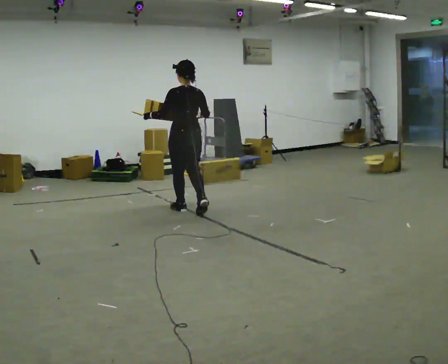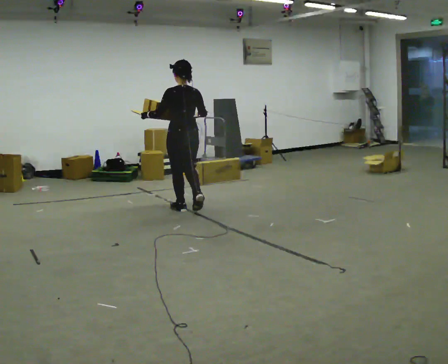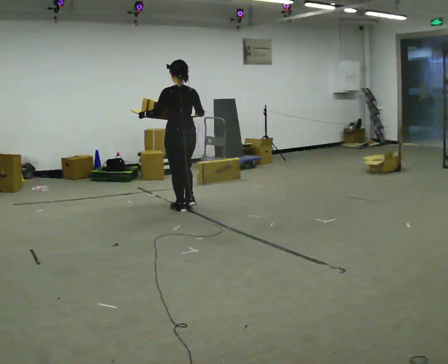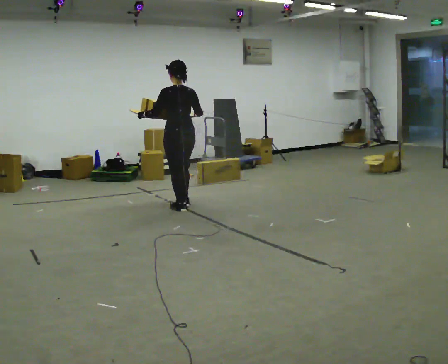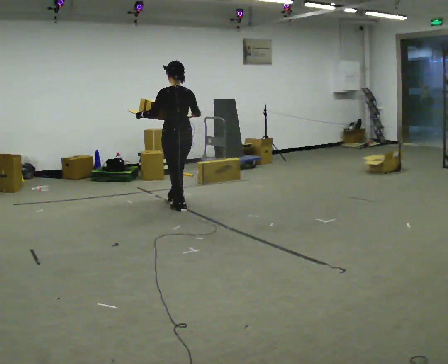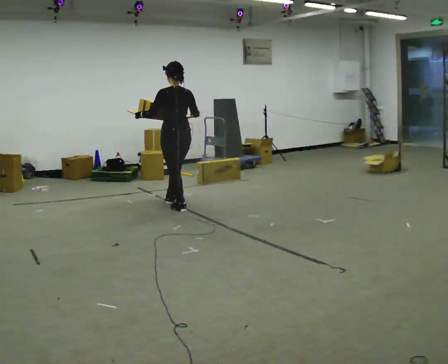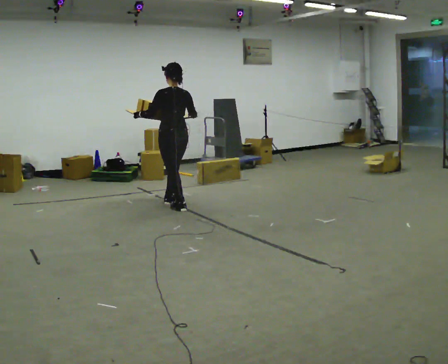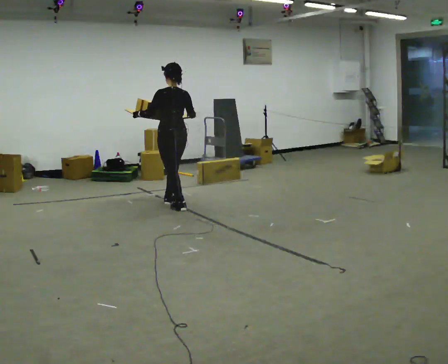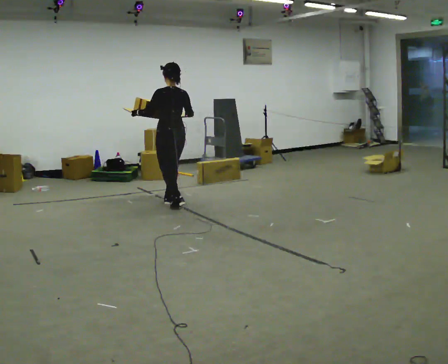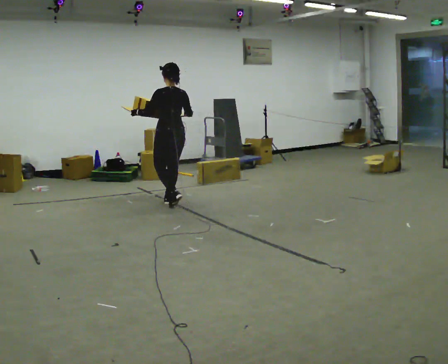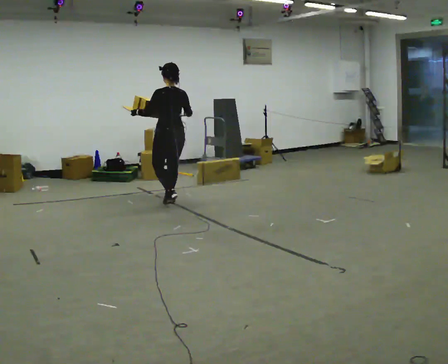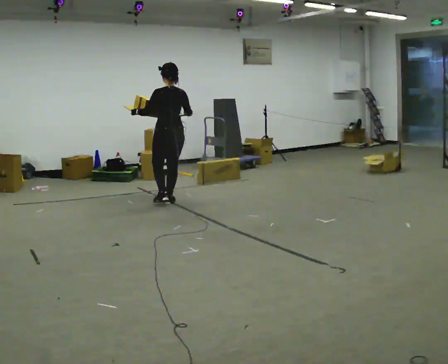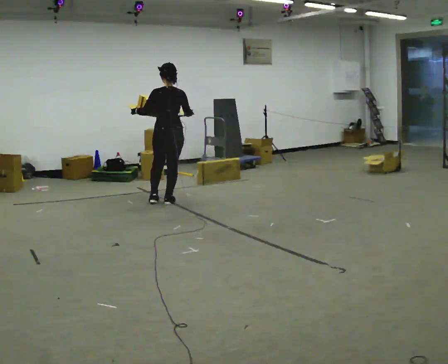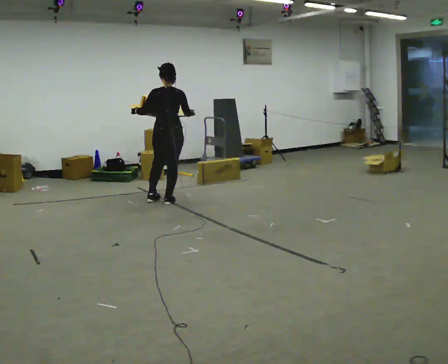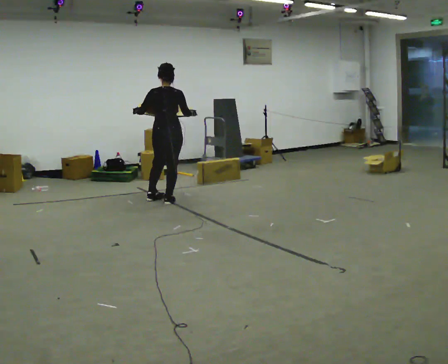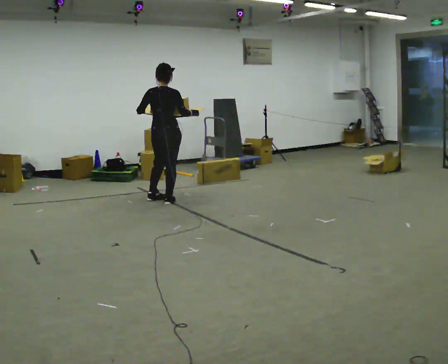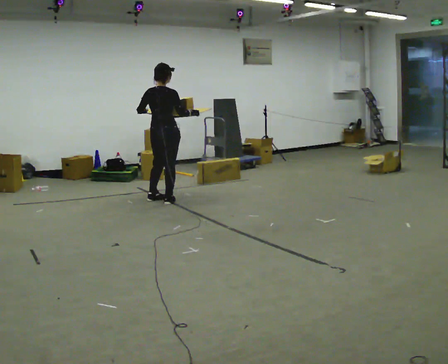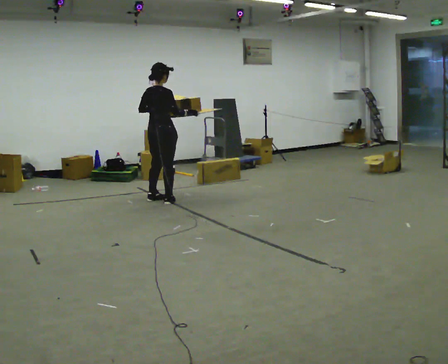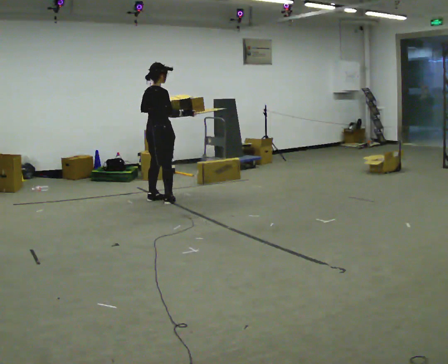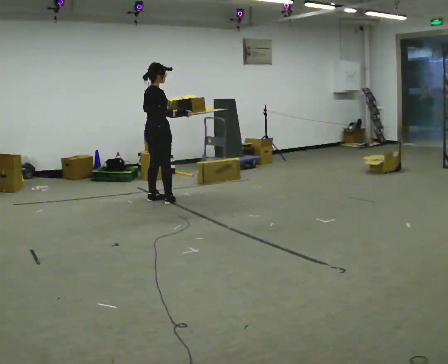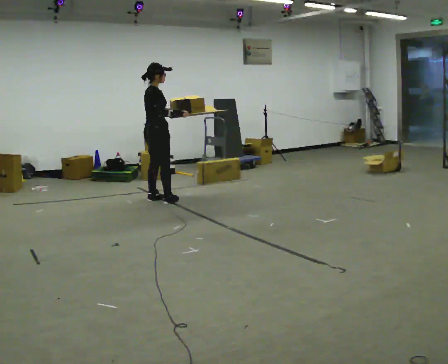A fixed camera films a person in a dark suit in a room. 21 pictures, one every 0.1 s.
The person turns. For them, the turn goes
to their right.
The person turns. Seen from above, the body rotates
clockwise.
0.0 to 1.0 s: In the picture they go away from the camera and to the left, about 0.5 m in 1 step, which for them is forward.
1.0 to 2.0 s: Seen from above the body turns clockwise, about 105 degrees: to their right, with its near side sliding to the left. In the picture they go to the left and away from the camera, about 0.25 m in 1 step.
The film runs forward here.
